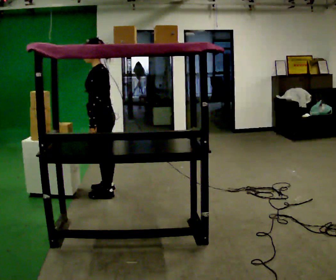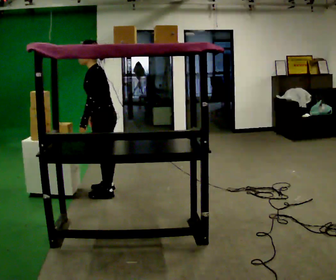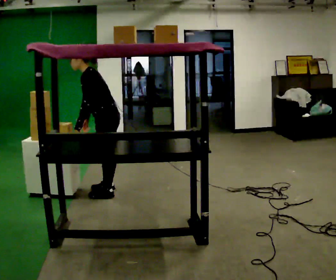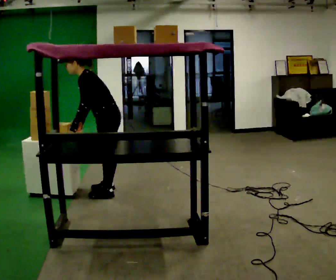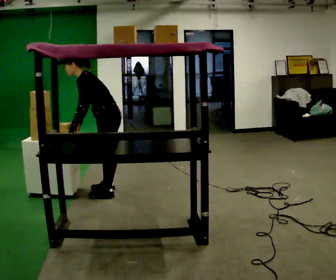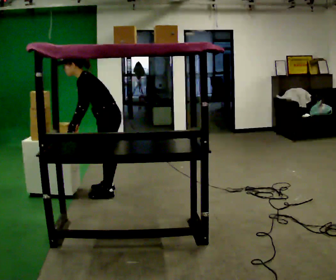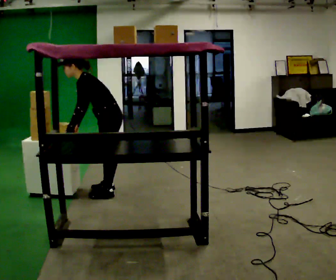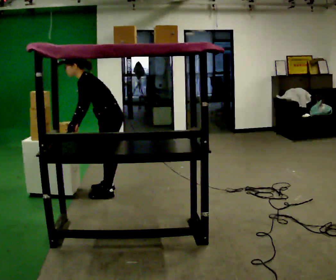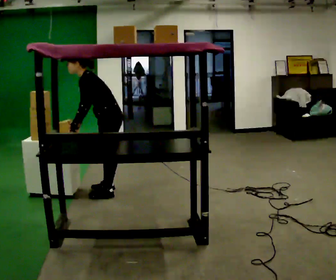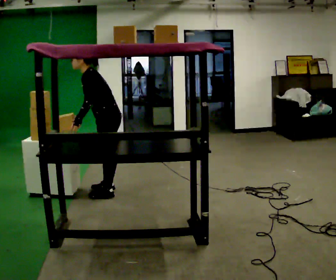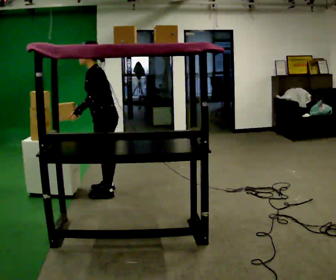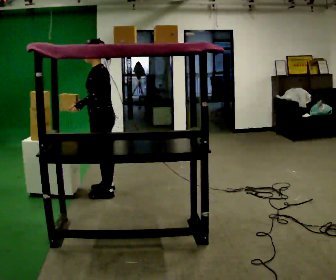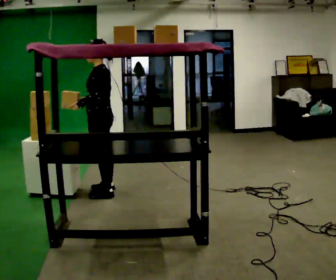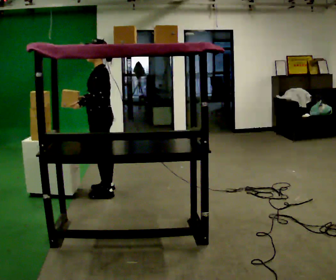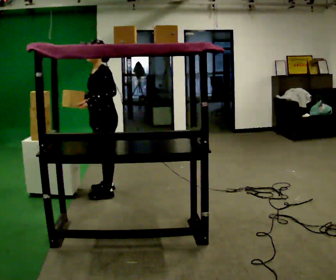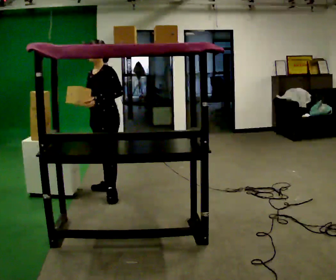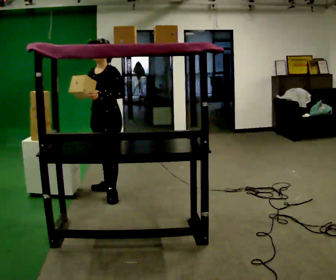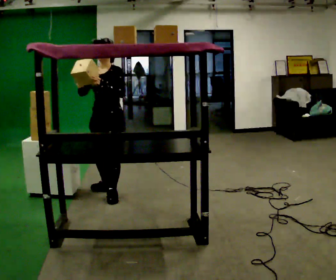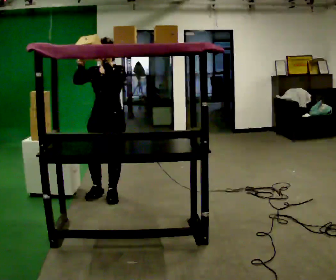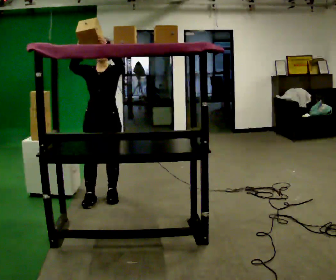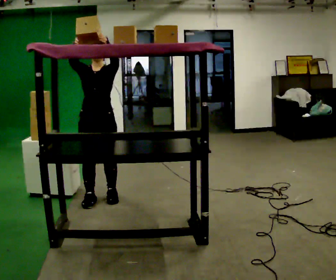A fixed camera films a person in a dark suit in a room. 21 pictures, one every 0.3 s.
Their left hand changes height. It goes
upward.
The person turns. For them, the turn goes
to their left.
0.0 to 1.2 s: In the picture the upper body tilts counterclockwise, shoulders to the left, as they bend forward.
1.2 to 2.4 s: The person moves a little, or ends about where they began.
2.4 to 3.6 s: In the picture the upper body tilts clockwise, shoulders to the right, as they lean back or straighten.
3.6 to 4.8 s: The person turns about 45 degrees to their left, counterclockwise seen from above, so the part of the body nearest the lens slides to the right.
4.8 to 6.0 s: The part of the body nearest the lens slides to the right as the person turns to their left by about 45 degrees. In the picture they go toward the camera, about 0.25 m in 1 step, which for them is forward. In the picture their right hand goes upward.
The film runs forward here.
